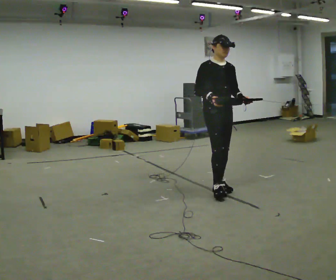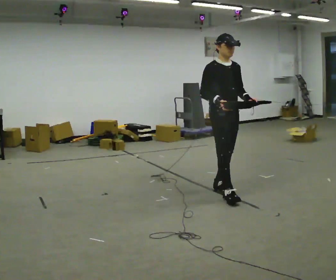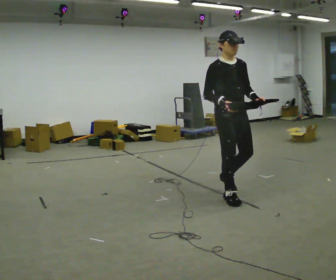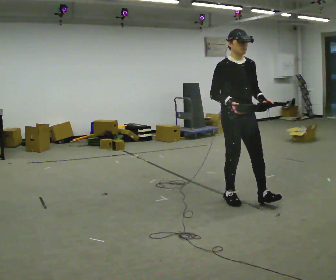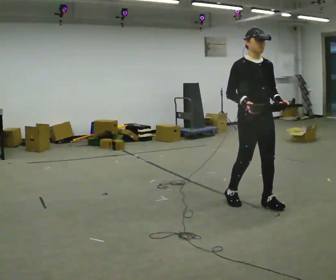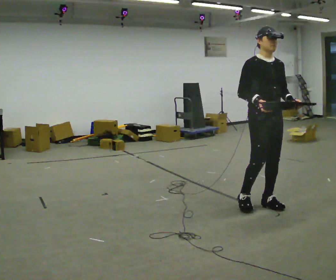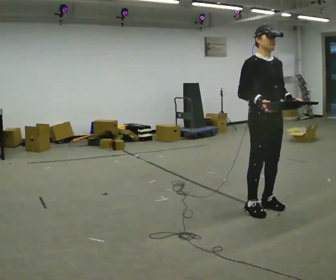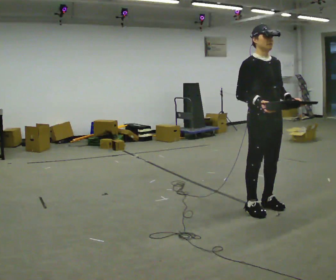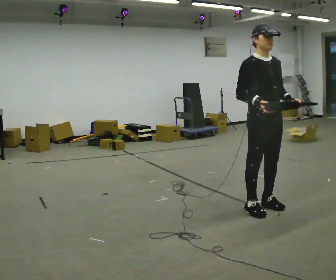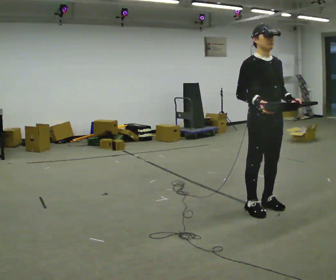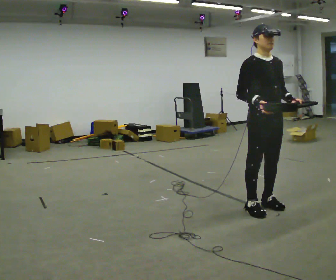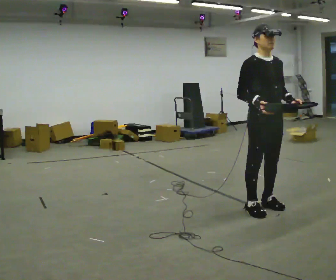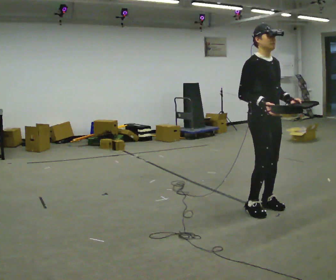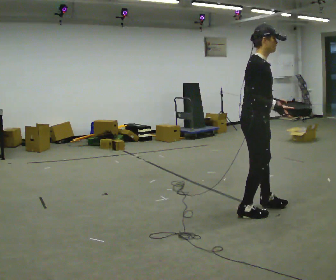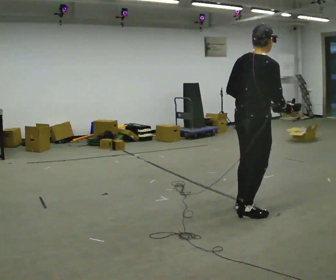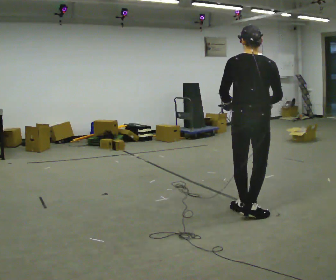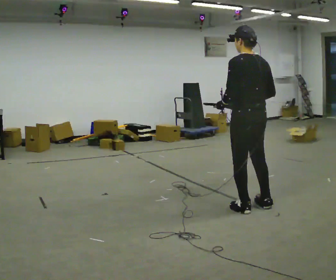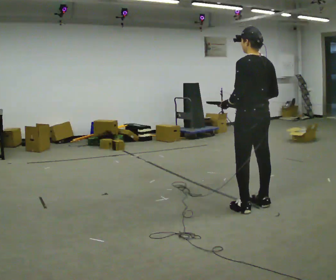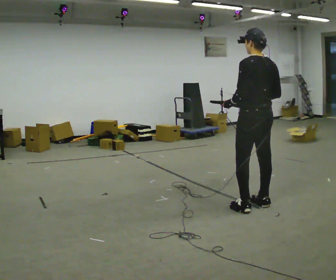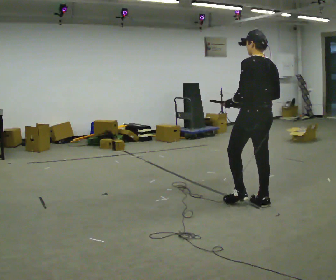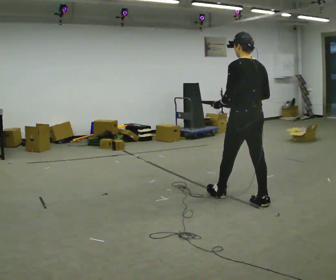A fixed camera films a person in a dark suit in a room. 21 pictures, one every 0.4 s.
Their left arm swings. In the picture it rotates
clockwise.
The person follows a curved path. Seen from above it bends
clockwise.
0.0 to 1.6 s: In the picture they go to the right and toward the camera, about 0.75 m in 2 steps, which for them is forward.
1.6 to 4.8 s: The part of the body nearest the lens slides to the right as the person turns to their left by about 30 degrees. In the picture they go toward the camera, about 0.25 m in 1 step, which for them is forward.
4.8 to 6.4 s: The part of the body nearest the lens slides to the right as the person turns to their left by about 165 degrees. In the picture their left hand goes to the left, the arm swinging clockwise.
6.4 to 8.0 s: In the picture they go away from the camera, about 0.25 m in 1 step, which for them is forward.
The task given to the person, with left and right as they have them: Carry the box with its lid hanging open across the room, back and forth.
The film runs forward here.
